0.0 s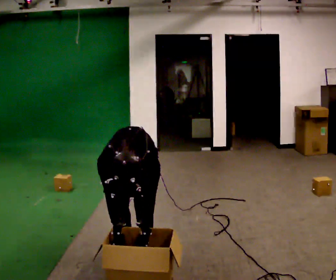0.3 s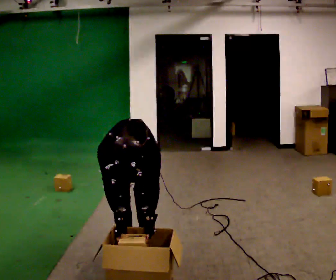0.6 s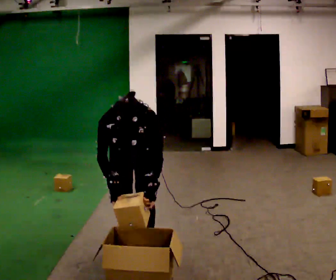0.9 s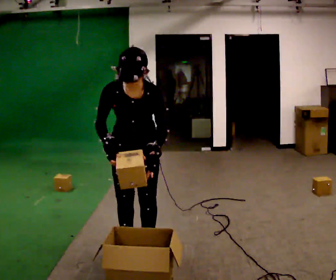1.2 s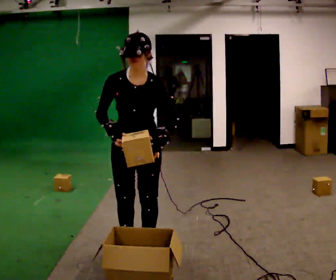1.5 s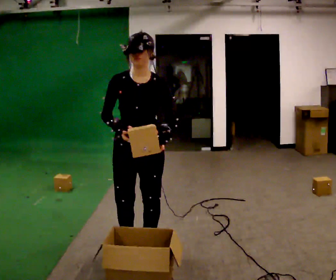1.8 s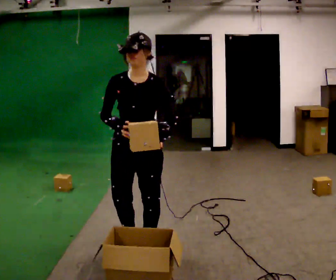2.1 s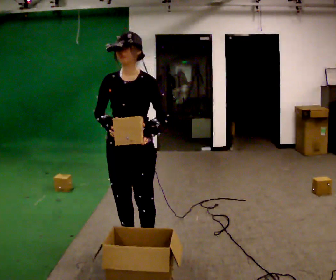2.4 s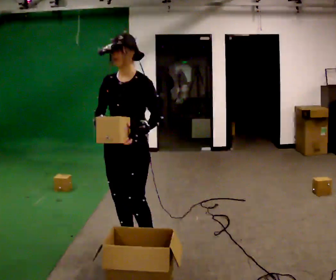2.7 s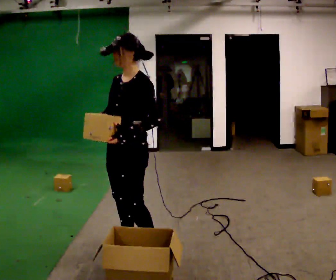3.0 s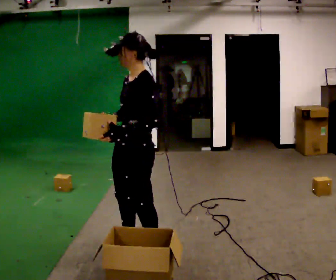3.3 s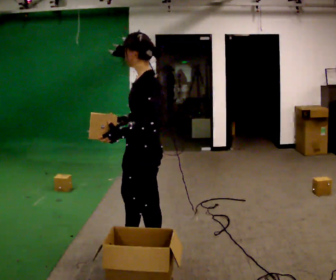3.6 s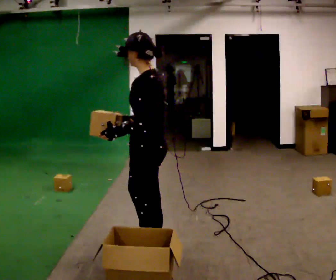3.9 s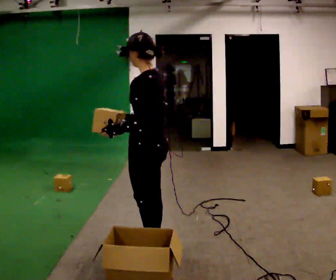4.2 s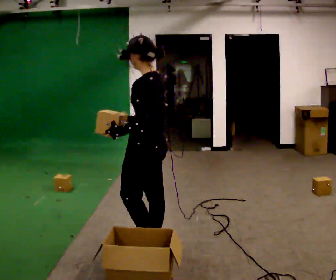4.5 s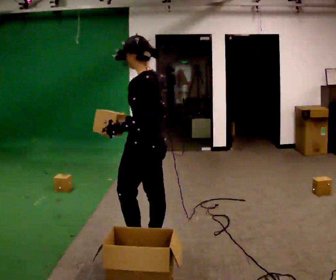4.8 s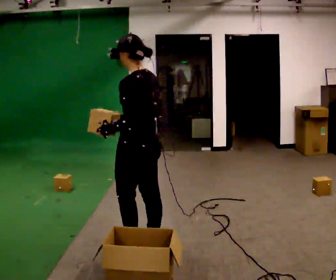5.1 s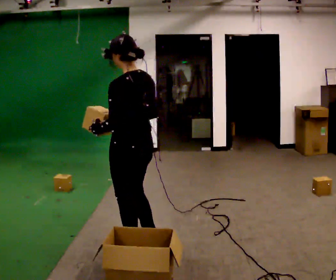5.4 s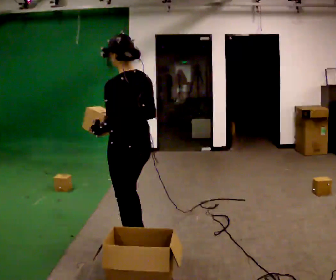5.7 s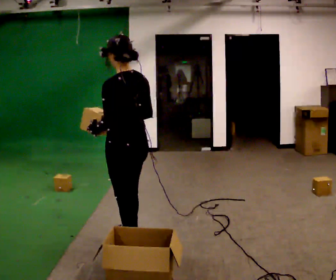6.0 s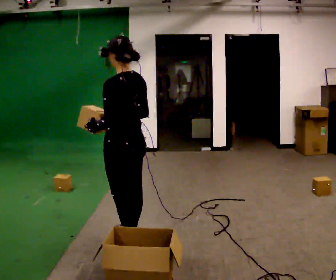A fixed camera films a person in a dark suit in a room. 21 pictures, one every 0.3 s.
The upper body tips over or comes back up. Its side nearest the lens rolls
upward.
The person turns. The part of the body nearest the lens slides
to the left.
0.0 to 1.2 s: The upper body goes upward. The upper body tips away from the camera, its near side rolling upward, as they lean back or straighten. In the picture their right hand goes upward.
1.2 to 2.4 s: Seen from above the body turns clockwise, about 30 degrees: to their right, with its near side sliding to the left.
2.4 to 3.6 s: The person turns about 75 degrees to their right, clockwise seen from above, so the part of the body nearest the lens slides to the left.
3.6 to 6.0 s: In the picture they go away from the camera and to the left, about 0.25 m in 2 steps, which for them is forward.
The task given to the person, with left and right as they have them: Take the objects from the bin one at a time and put one in each of the places the operator points out. Keep going until the operator says stop; one object at a time, and do not rush between trips.
The film runs forward here.
